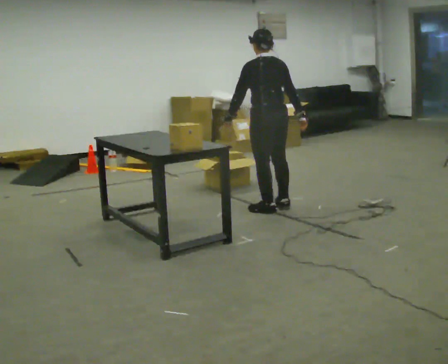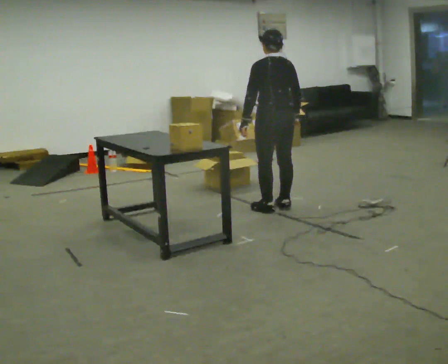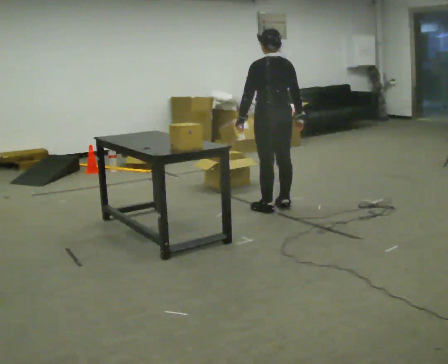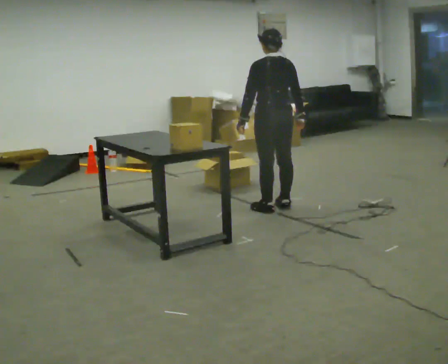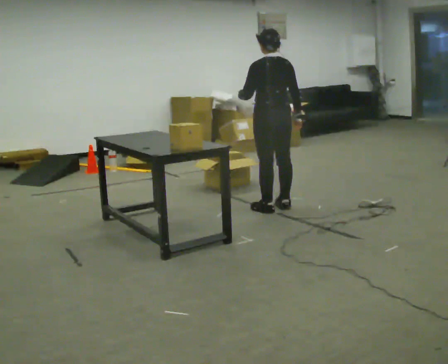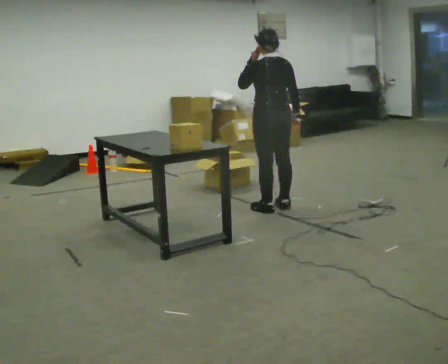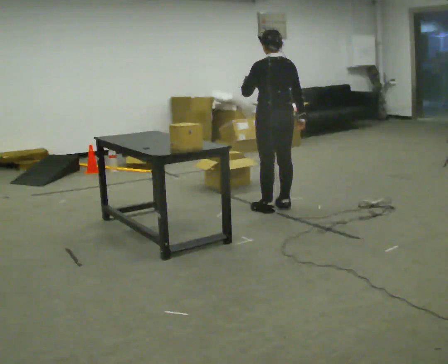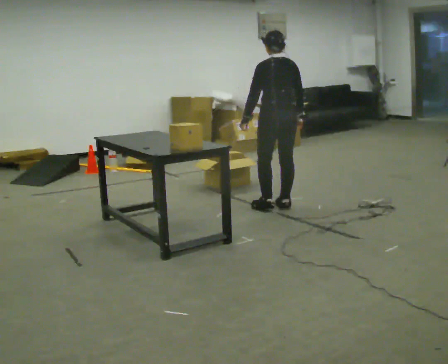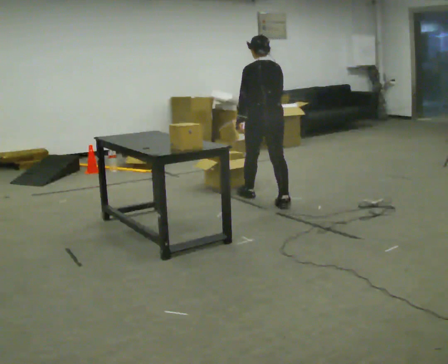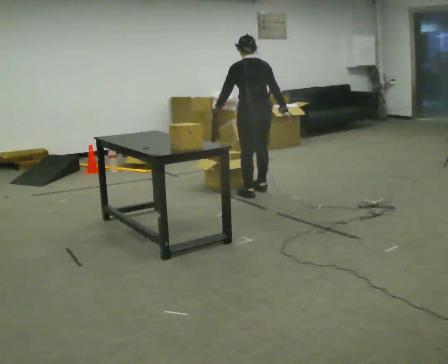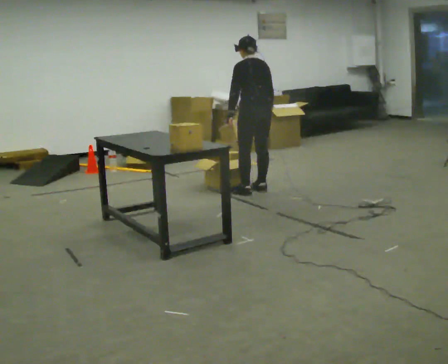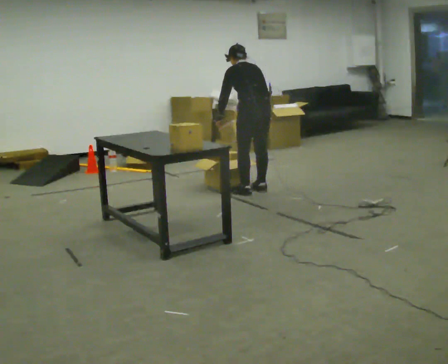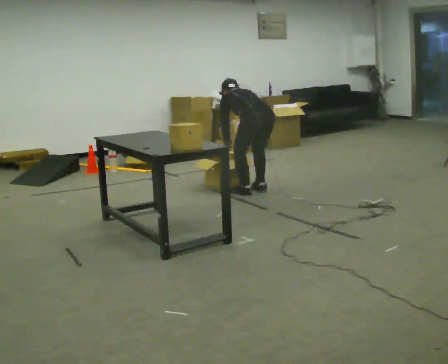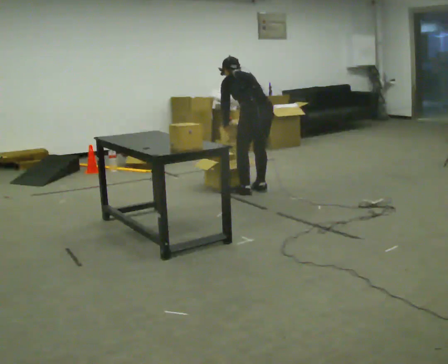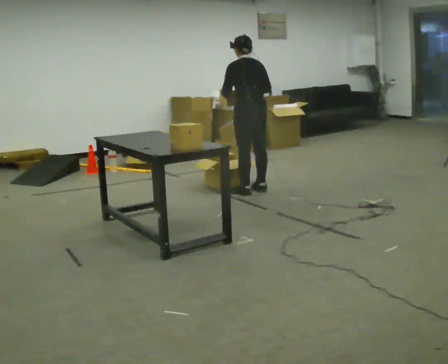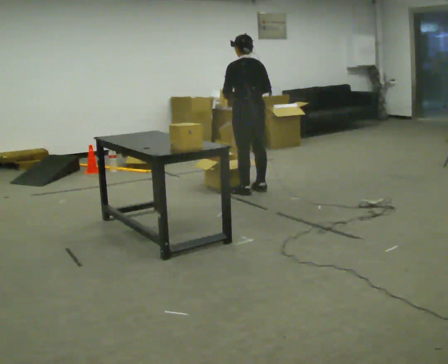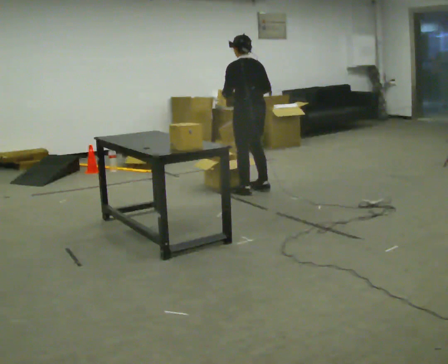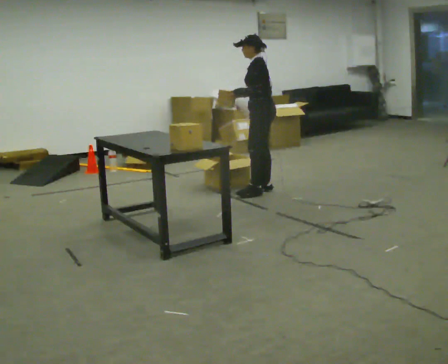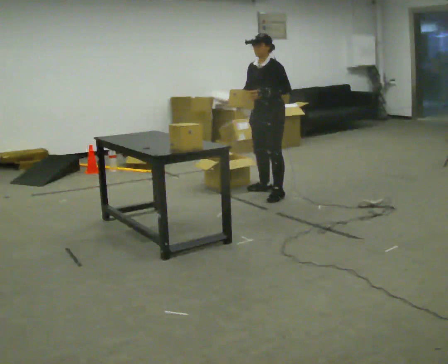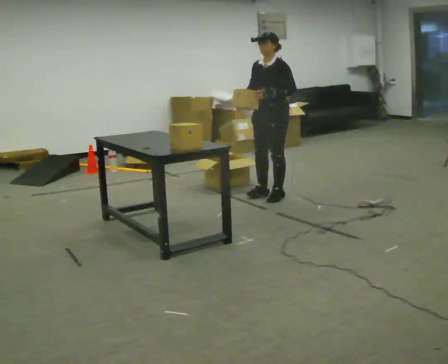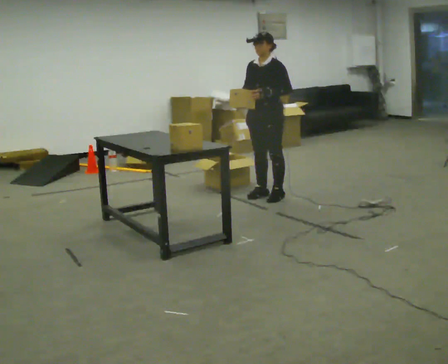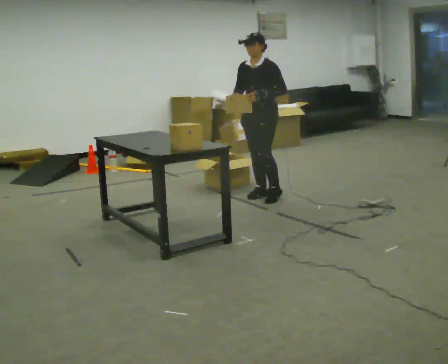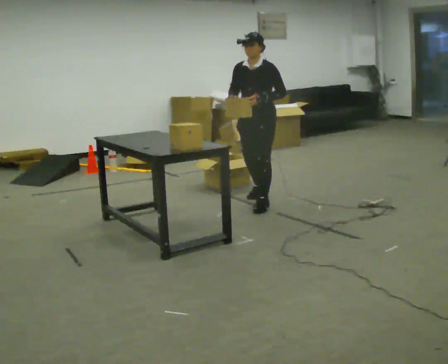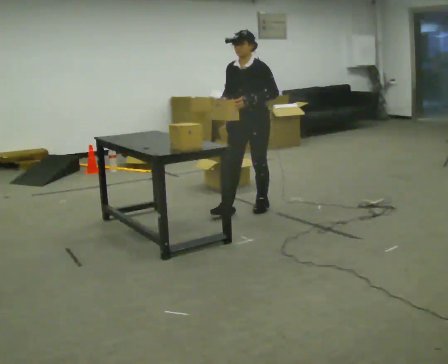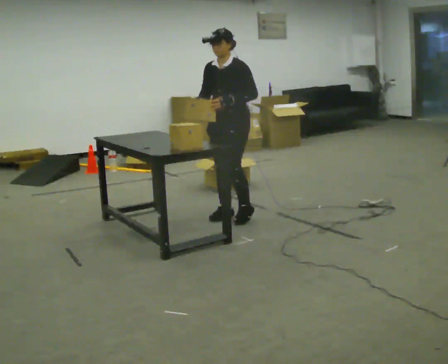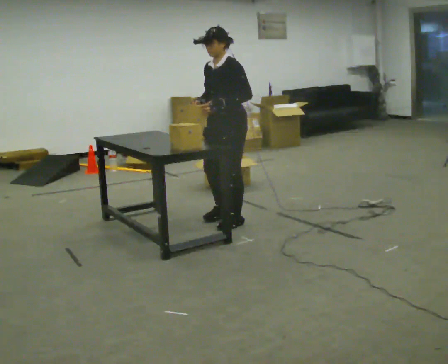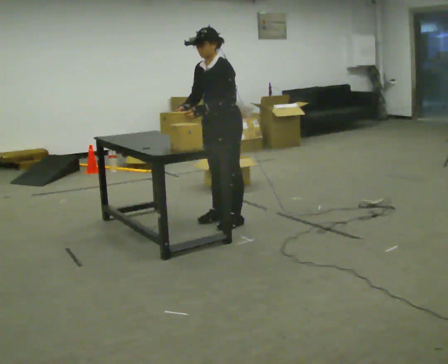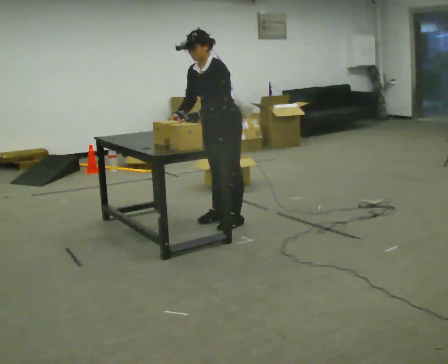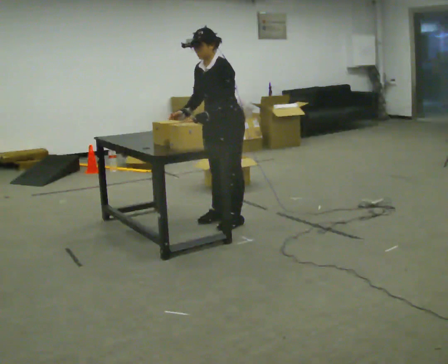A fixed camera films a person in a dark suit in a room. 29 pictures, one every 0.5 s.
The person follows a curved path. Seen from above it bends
clockwise.
0.0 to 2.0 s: The person moves a little, or ends about where they began.
2.0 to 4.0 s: In the picture they go away from the camera, about 0.25 m in 1 step, which for them is forward.
4.0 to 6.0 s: In the picture they go away from the camera, about 0.25 m in 1 step, which for them is forward. The upper body goes downward. The upper body tips away from the camera, its near side rolling upward, as they bend forward. In the picture their left hand goes downward.
6.0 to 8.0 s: The shoulders move upward. The upper body tips toward the camera, its near side rolling downward, as they lean back or straighten. In the picture their left hand goes upward.
8.0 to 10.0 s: Seen from above the body turns counterclockwise, about 105 degrees: to their left, with its near side sliding to the right. In the picture they go toward the camera and to the right, about 0.25 m in 2 steps.
10.0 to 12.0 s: In the picture they go toward the camera and to the left, about 0.75 m in 2 steps, which for them is forward.
12.0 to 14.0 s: In the picture they go toward the camera, about 0.25 m in 1 step, which for them is forward and to their left.
The film runs forward here.
